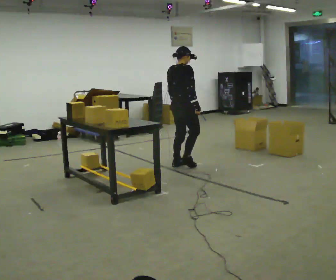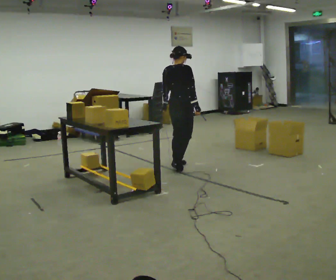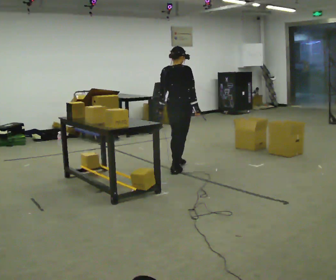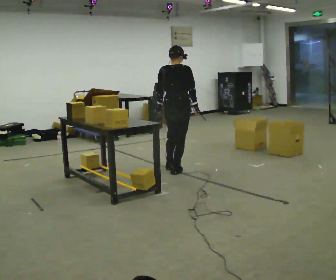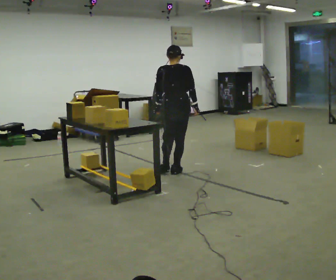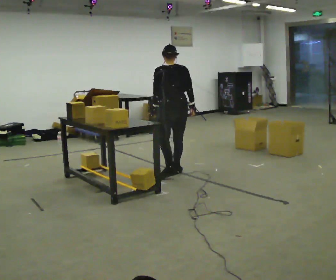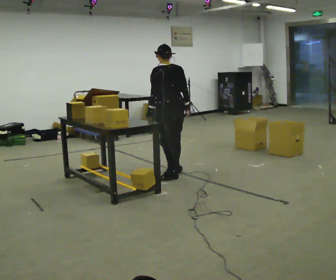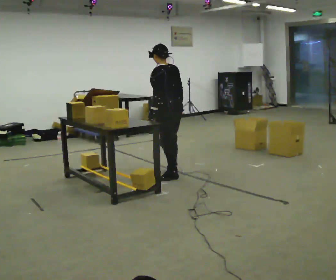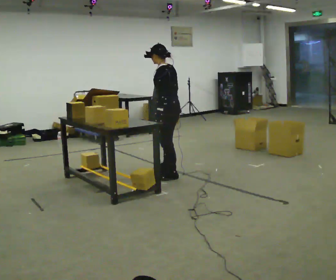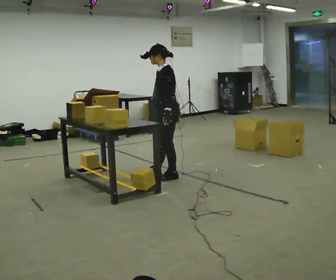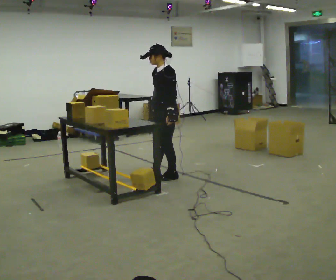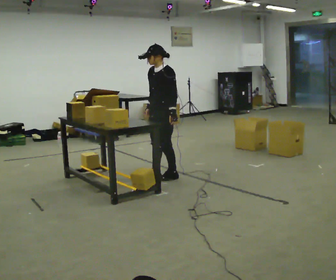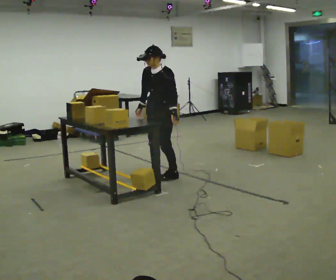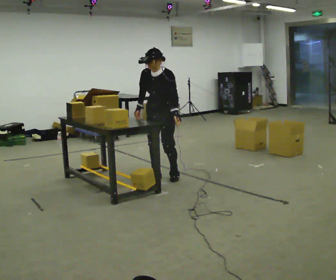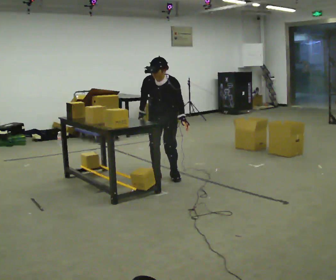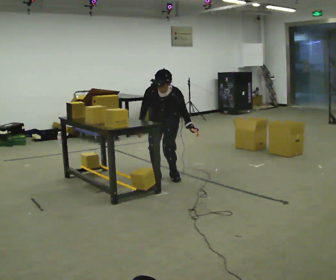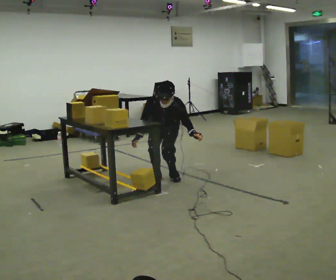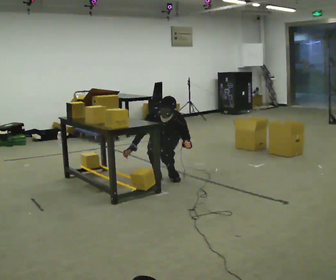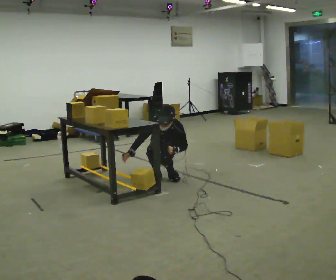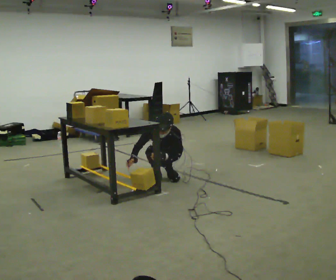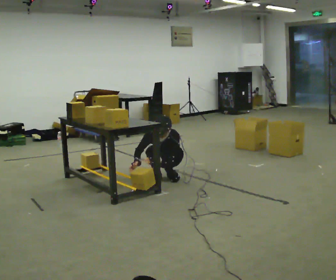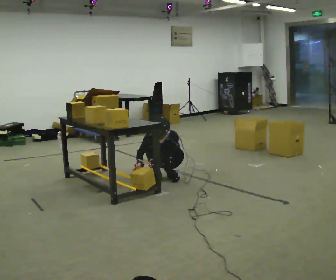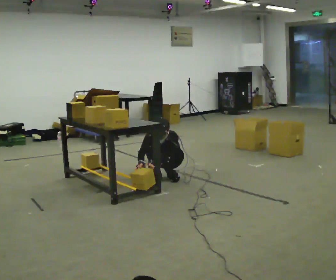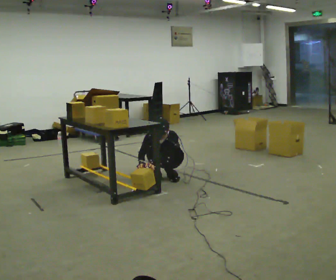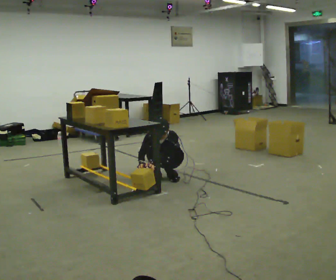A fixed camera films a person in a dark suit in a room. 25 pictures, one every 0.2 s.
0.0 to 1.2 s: Seen from above the body turns counterclockwise, about 90 degrees: to their left, with its near side sliding to the right. In the picture they go toward the camera, about 0.5 m in 1 step.
1.2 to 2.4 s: Seen from above the body turns counterclockwise, about 105 degrees: to their left, with its near side sliding to the right. In the picture their right hand goes to the left, the arm swinging clockwise.
2.4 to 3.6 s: The part of the body nearest the lens slides to the right as the person turns to their left by about 30 degrees. The upper body goes downward. The upper body tips toward the camera, its near side rolling downward, as they bend forward. In the picture their right hand goes downward.
3.6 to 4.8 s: The upper body goes downward. In the picture the upper body tilts counterclockwise, shoulders to the left.
The film runs backward here.
